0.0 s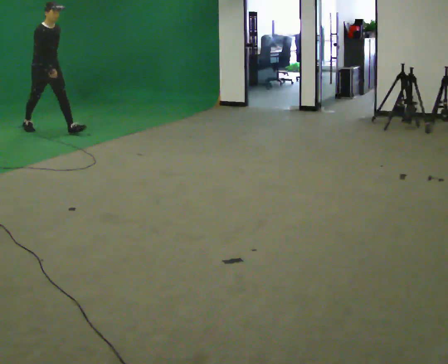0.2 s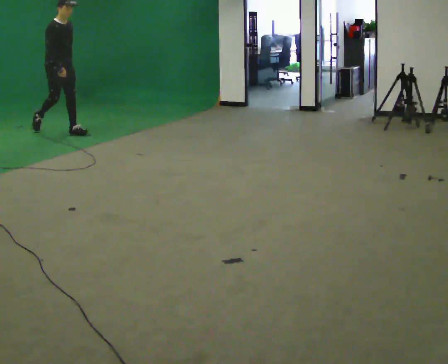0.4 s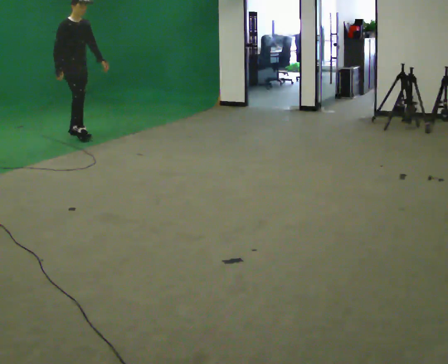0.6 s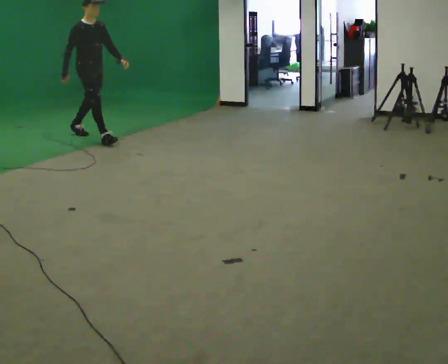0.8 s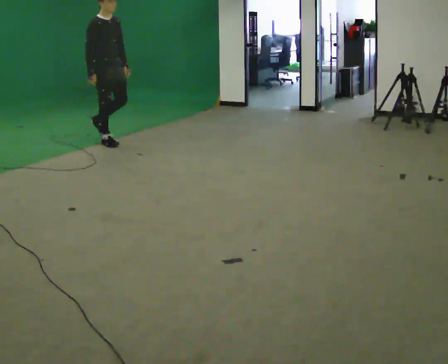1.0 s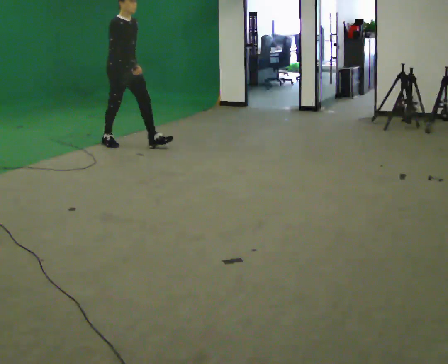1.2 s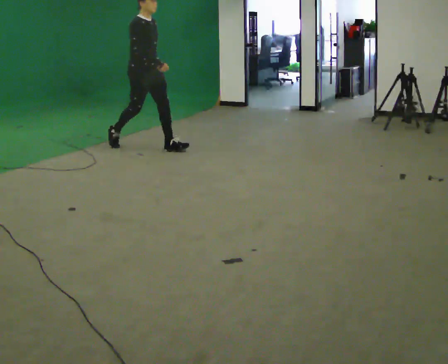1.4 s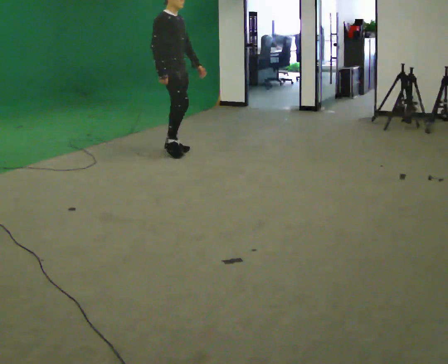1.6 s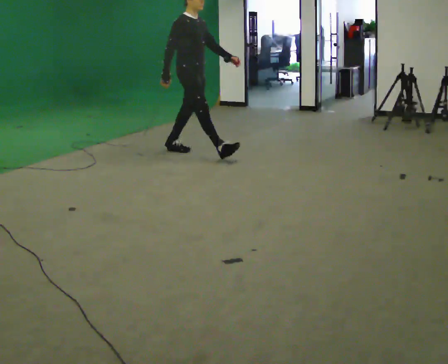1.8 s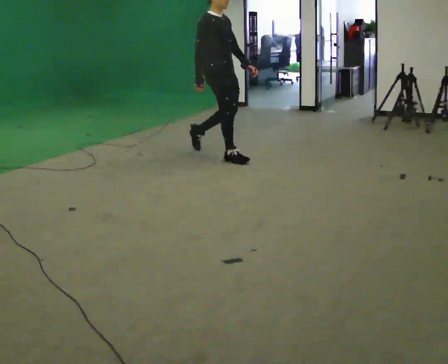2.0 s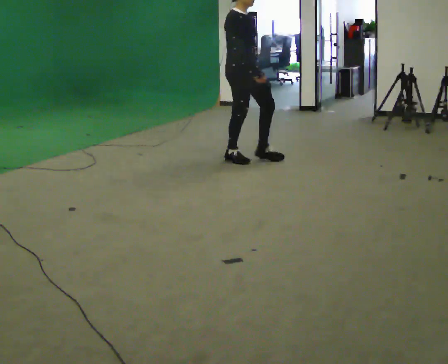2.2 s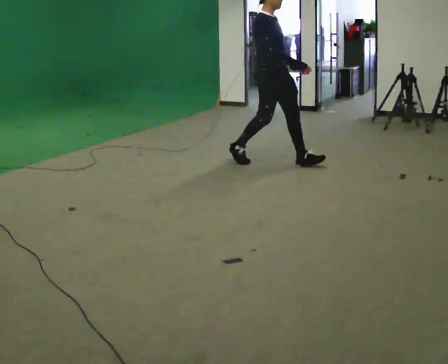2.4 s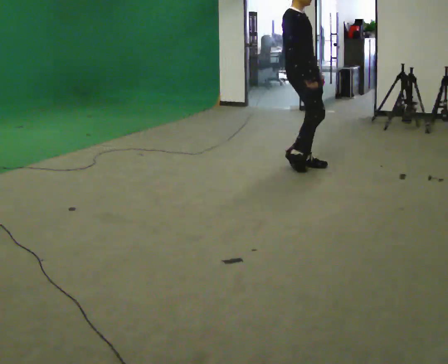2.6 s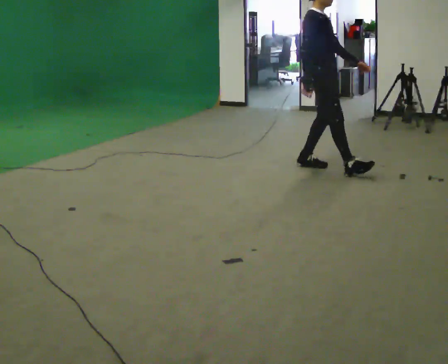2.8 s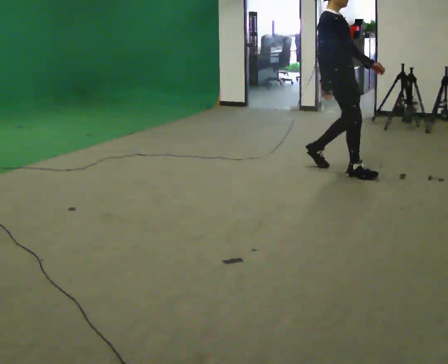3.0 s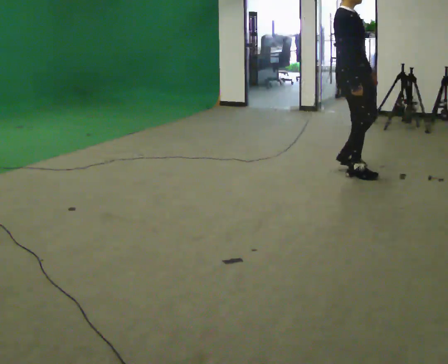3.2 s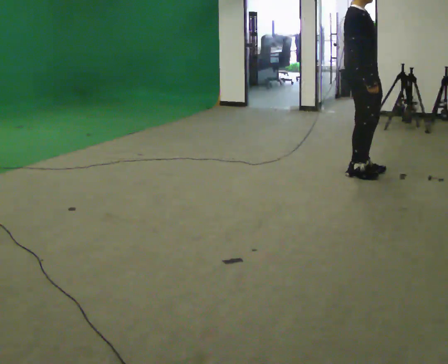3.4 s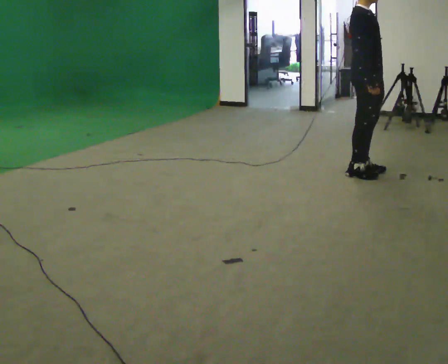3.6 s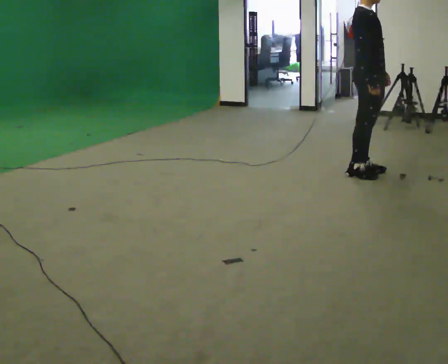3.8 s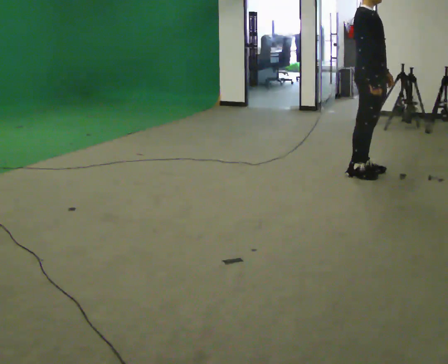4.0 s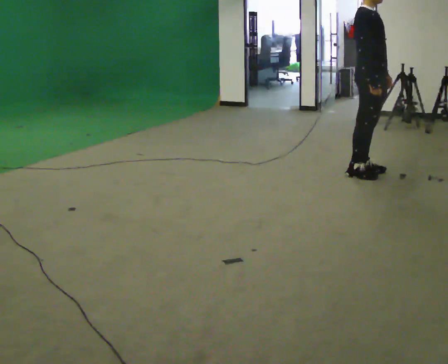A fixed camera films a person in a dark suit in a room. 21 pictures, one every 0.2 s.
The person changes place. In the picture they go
to the right.
0.0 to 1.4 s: In the picture they go to the right and toward the camera, about 2 m in 3 steps, which for them is forward.
1.4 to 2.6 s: In the picture they go to the right and toward the camera, about 1.5 m in 2 steps, which for them is forward.
2.6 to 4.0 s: In the picture they go to the right and toward the camera, about 0.5 m in 2 steps, which for them is forward.
The film runs forward here.
